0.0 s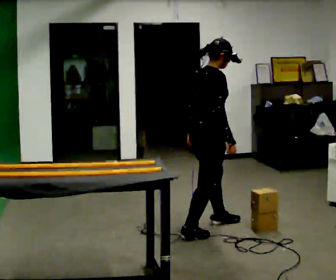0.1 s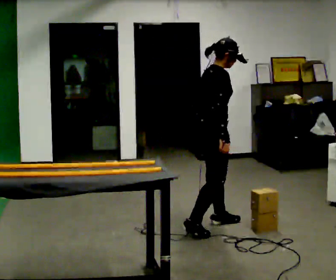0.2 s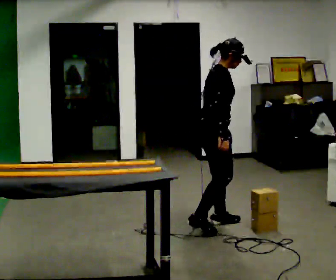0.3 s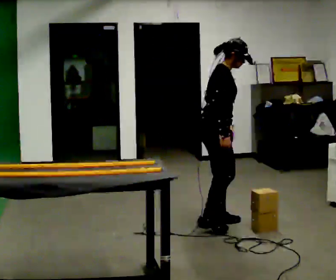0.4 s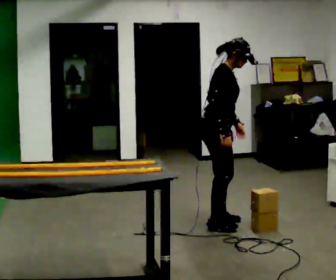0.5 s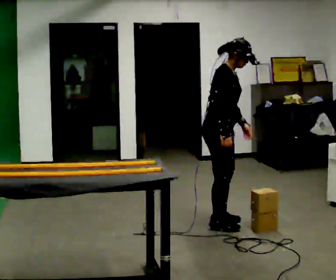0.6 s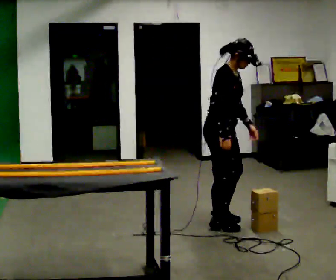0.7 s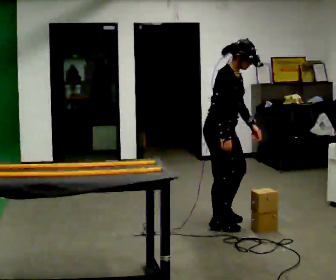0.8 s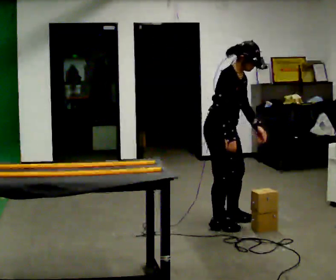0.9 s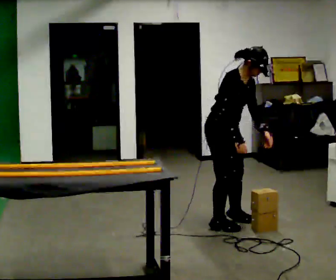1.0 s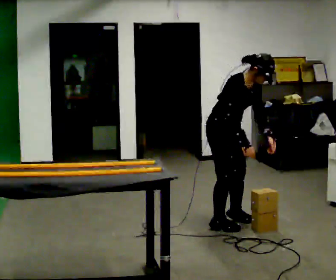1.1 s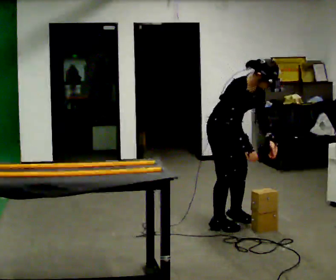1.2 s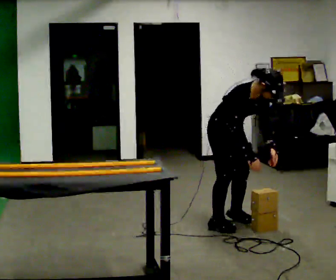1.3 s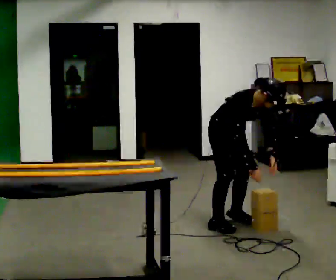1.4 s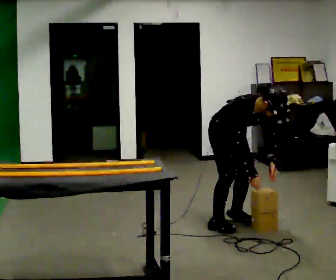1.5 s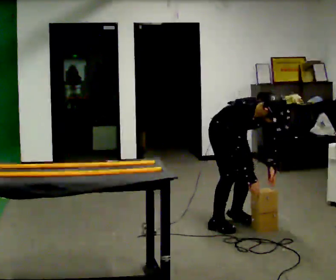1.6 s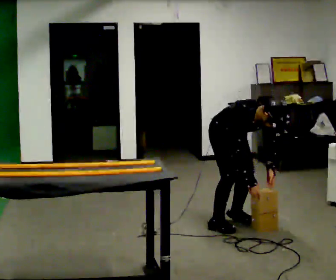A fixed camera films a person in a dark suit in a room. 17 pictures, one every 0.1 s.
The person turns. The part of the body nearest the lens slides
to the left.
The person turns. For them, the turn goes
to their right.
0.0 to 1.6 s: Seen from above the body turns clockwise, about 60 degrees: to their right, with its near side sliding to the left. In the picture they go away from the camera, about 0.25 m in 2 steps. The upper body goes downward. The upper body tips toward the camera, its near side rolling downward, as they bend forward. In the picture their left hand goes downward.
The film runs forward here.
